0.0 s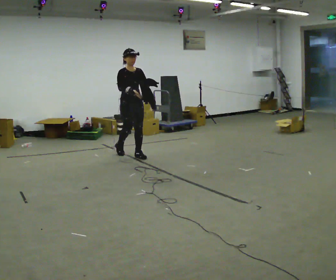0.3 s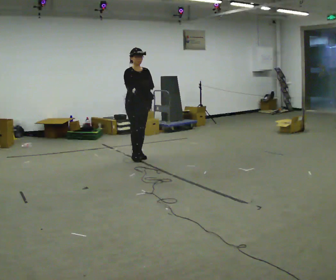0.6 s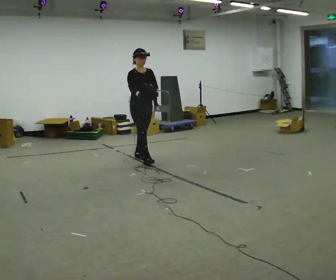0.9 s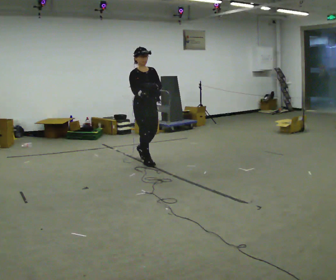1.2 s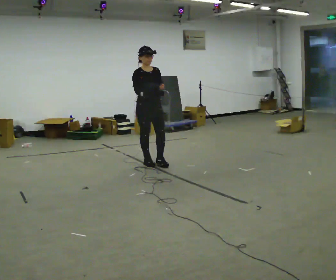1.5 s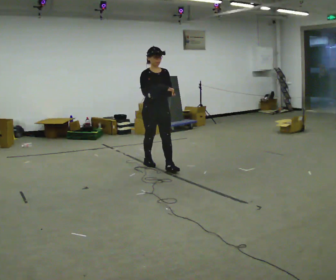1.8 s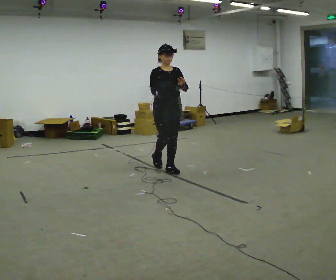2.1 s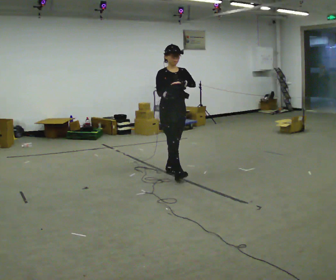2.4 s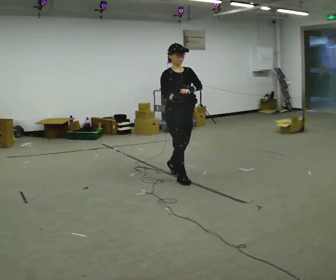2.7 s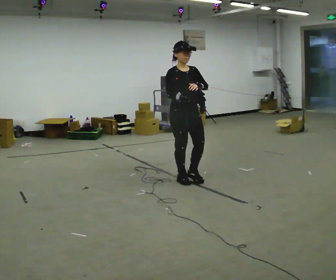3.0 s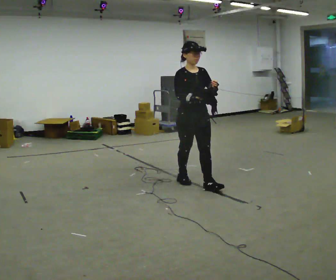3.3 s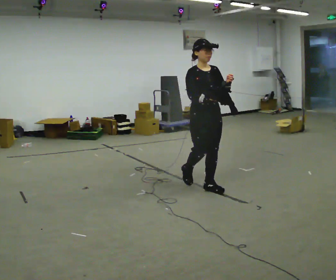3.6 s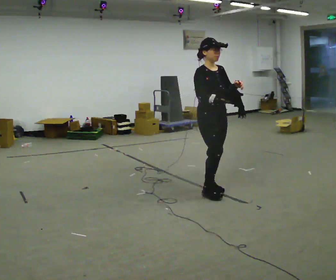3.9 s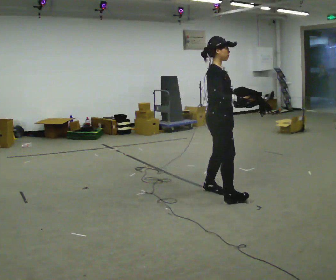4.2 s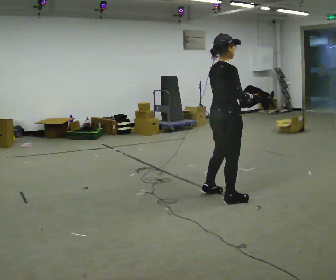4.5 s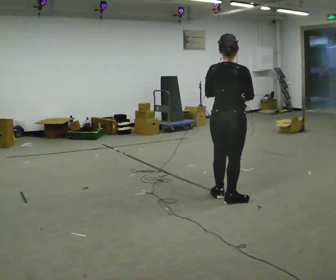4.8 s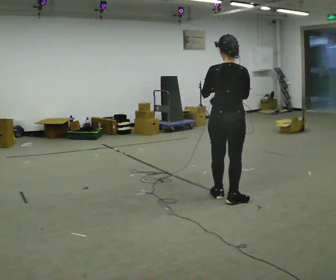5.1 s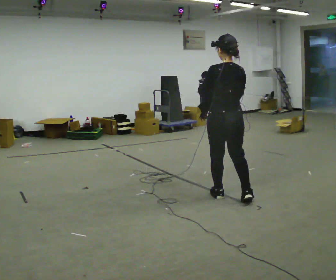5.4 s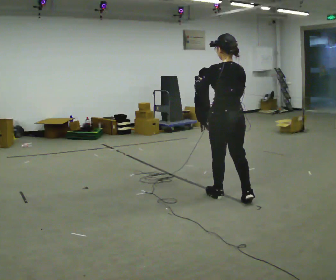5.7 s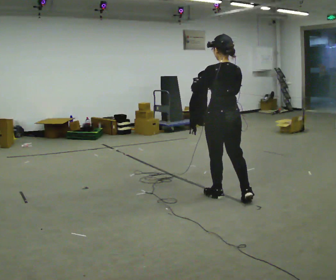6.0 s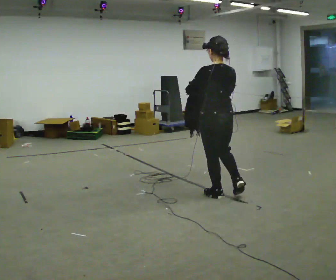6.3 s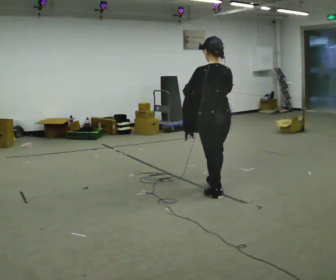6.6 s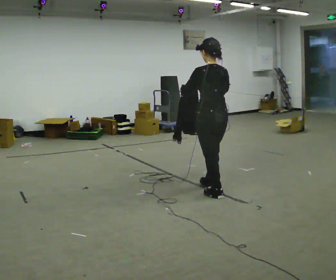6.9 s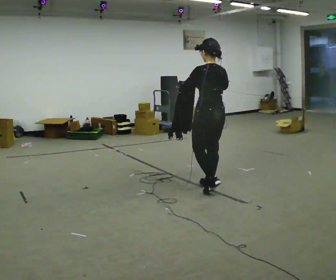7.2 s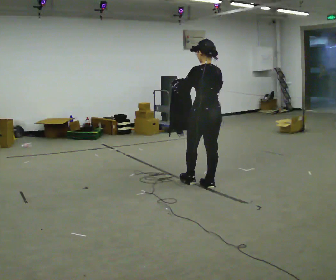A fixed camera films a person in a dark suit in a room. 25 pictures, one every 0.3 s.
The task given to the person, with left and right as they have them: Carry the cloth and, while walking, fold it in half, then unfold it. Keep repeating as you walk. Do not stop.
0.0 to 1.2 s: In the picture they go toward the camera and to the right, about 0.5 m in 1 step, which for them is forward.
1.2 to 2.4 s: In the picture they go toward the camera and to the right, about 1 m in 2 steps, which for them is forward.
2.4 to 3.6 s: In the picture they go to the right and toward the camera, about 0.75 m in 1 step, which for them is forward.
3.6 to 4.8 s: The part of the body nearest the lens slides to the right as the person turns to their left by about 135 degrees. In the picture they go toward the camera and to the right, about 0.25 m in 2 steps.
4.8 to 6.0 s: The person moves a little, or ends about where they began.
6.0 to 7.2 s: In the picture they go away from the camera and to the left, about 0.25 m in 1 step, which for them is forward.
The film runs forward here.
